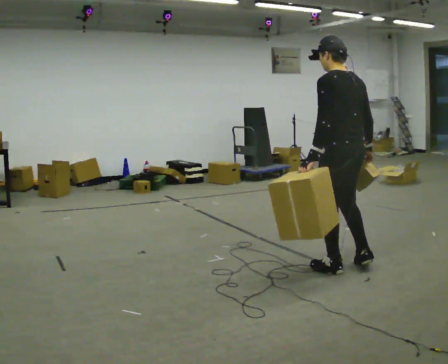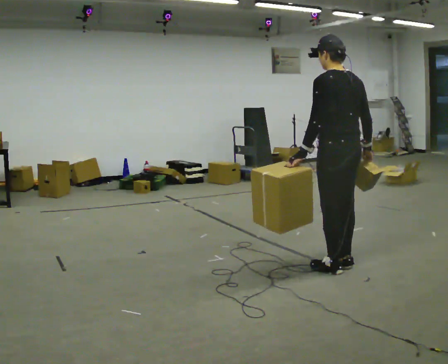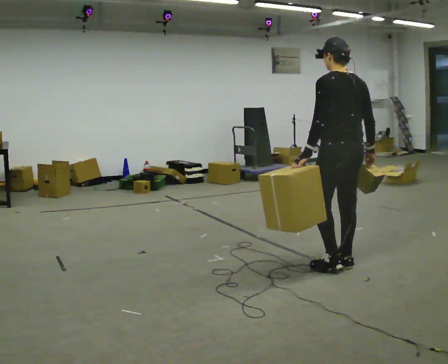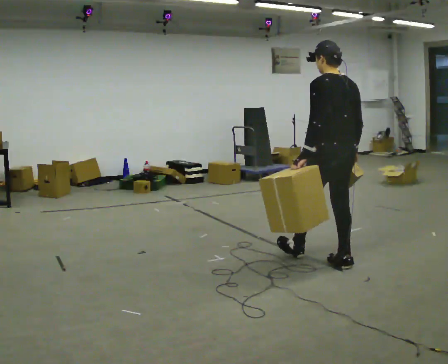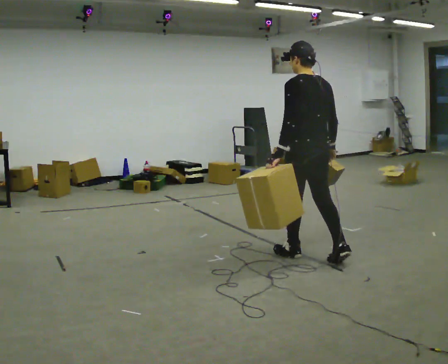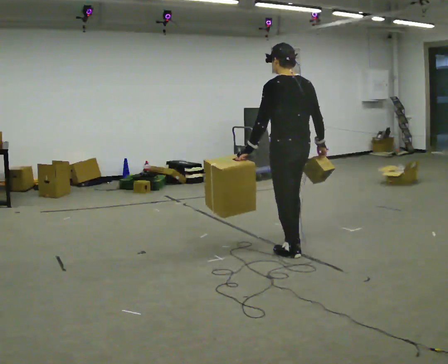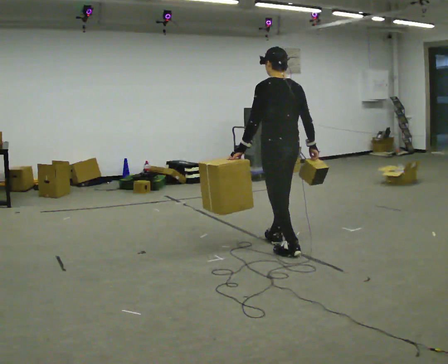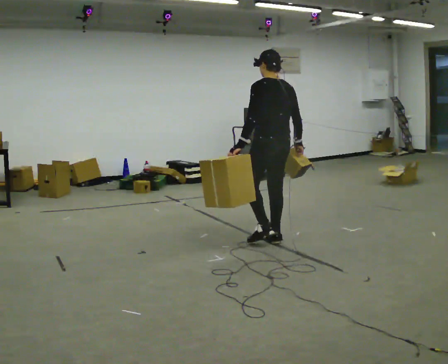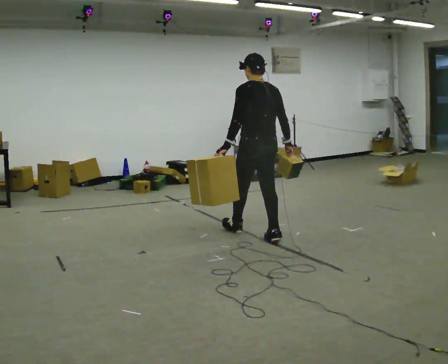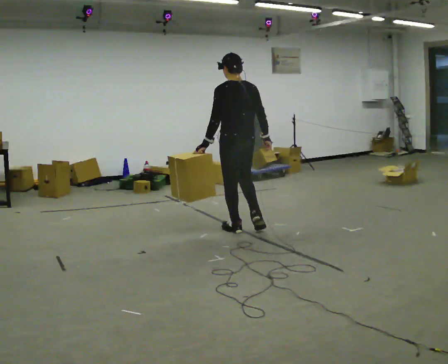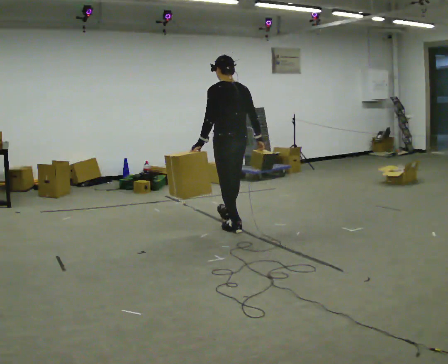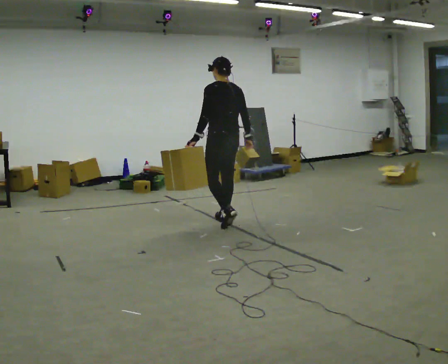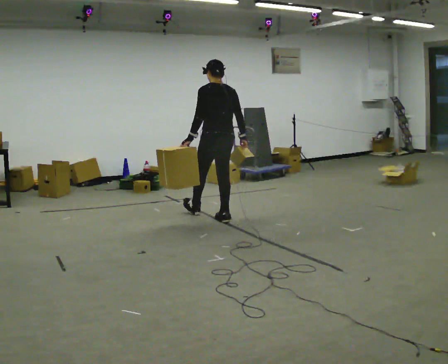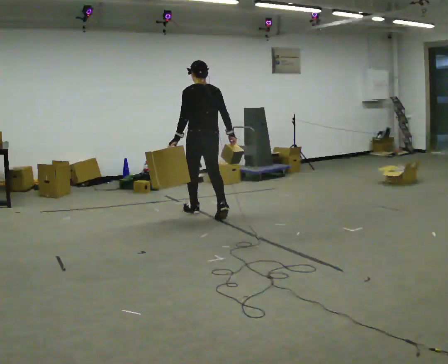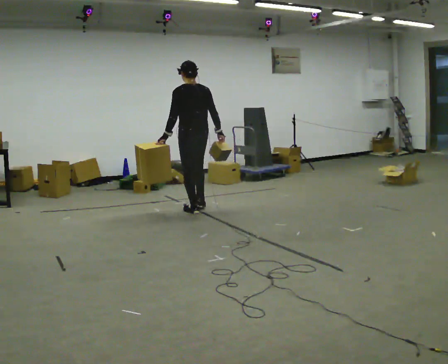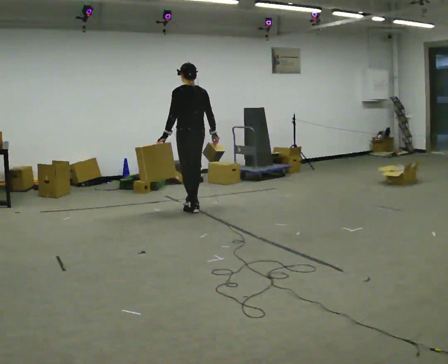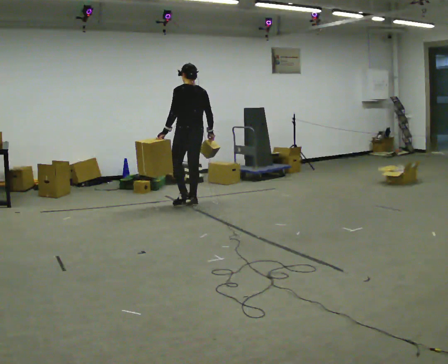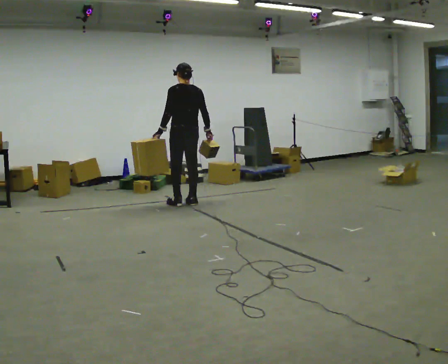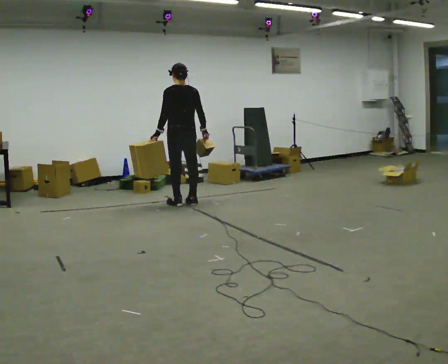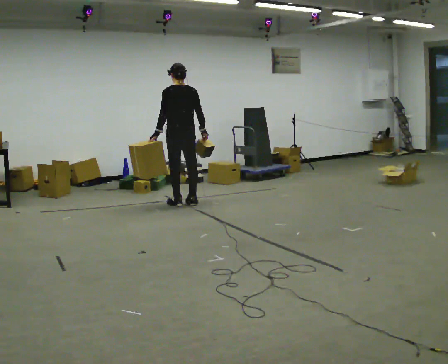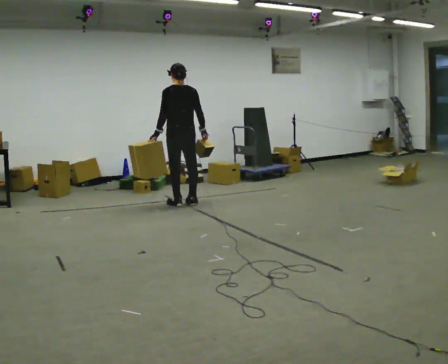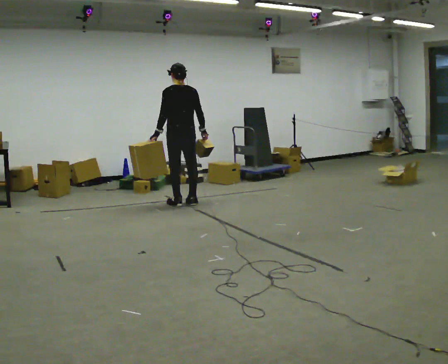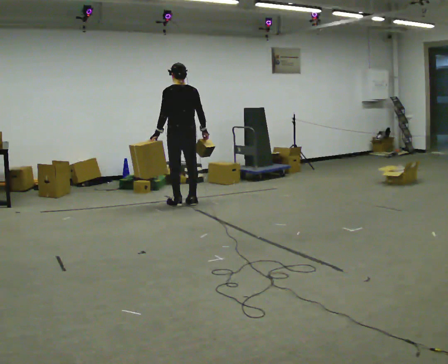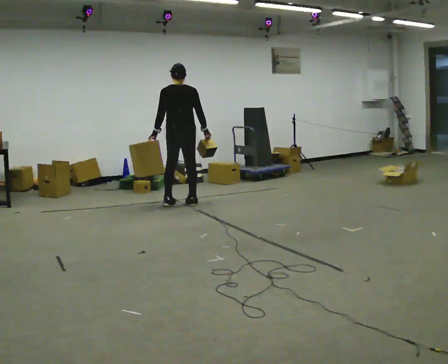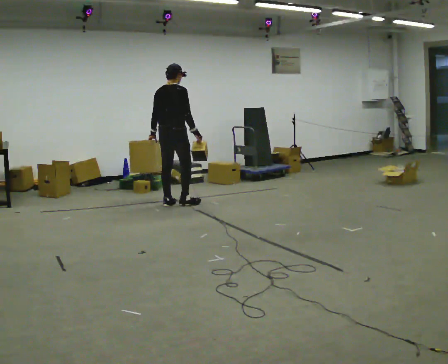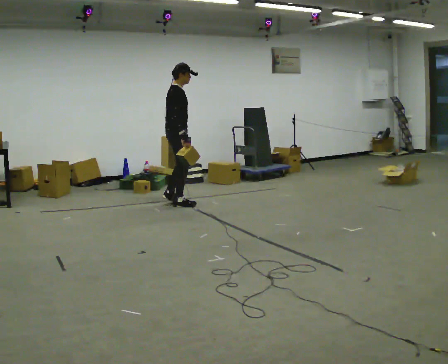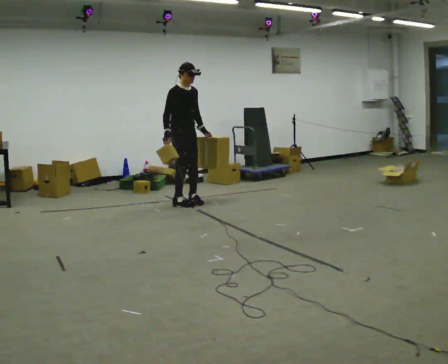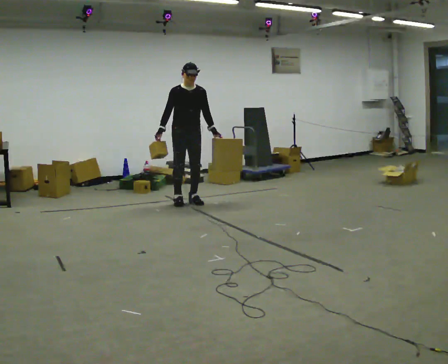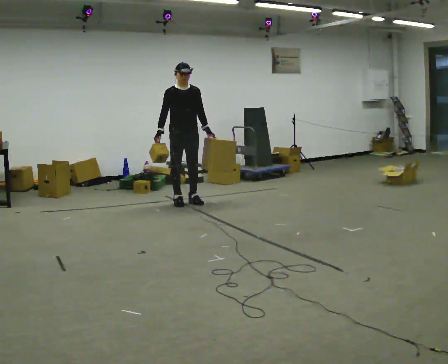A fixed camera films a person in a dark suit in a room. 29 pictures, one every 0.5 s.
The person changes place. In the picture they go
away from the camera.
0.0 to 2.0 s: In the picture they go away from the camera and to the left, about 0.5 m in 2 steps, which for them is forward.
2.0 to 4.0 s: In the picture they go away from the camera, about 1 m in 2 steps, which for them is forward.
4.0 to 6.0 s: In the picture they go away from the camera and to the left, about 1 m in 1 step, which for them is forward.
6.0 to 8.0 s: In the picture they go away from the camera and to the left, about 1 m in 2 steps, which for them is forward.
8.0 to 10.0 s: The person moves a little, or ends about where they began.
10.0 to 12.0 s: The part of the body nearest the lens slides to the left as the person turns to their right by about 60 degrees.
12.0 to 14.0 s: Seen from above the body turns clockwise, about 135 degrees: to their right, with its near side sliding to the left. In the picture they go to the right, about 0.25 m in 2 steps. In the picture their right hand goes to the left, the arm swinging clockwise.
The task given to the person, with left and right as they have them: Carry one object in each hand, the heavy one in the hand the operator calls, walking back and forth across the room.
The film runs forward here.
